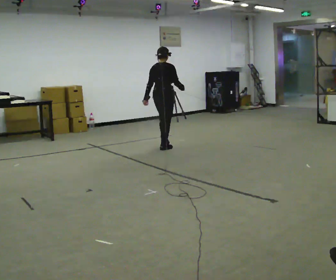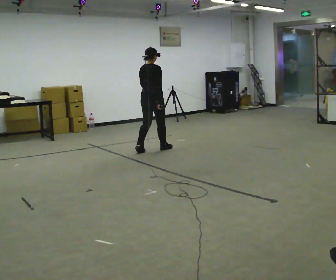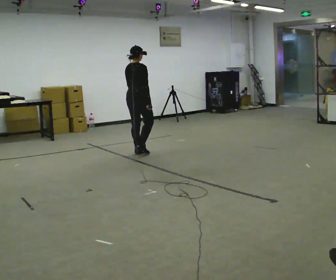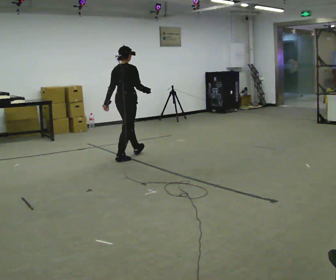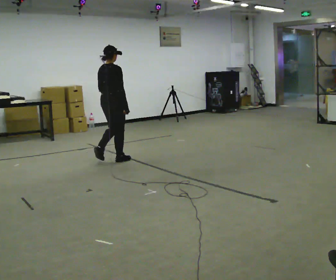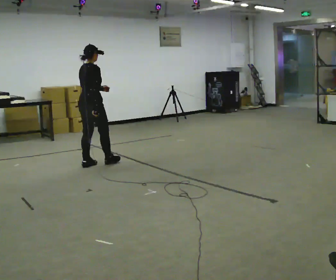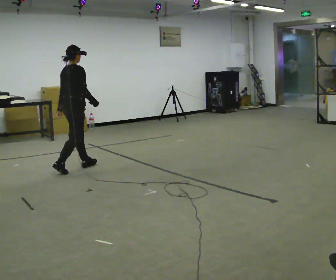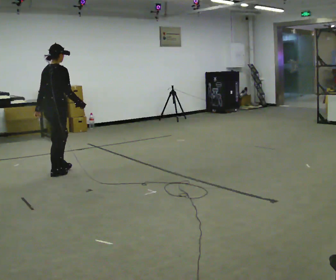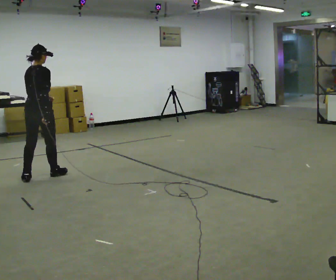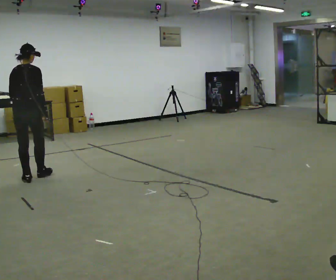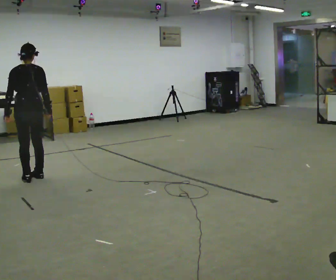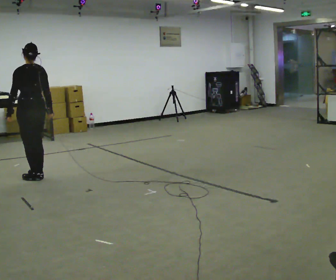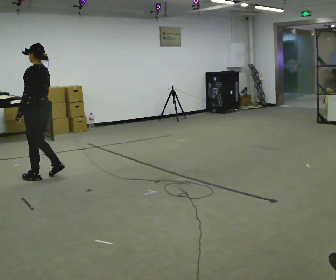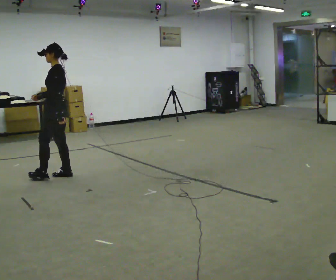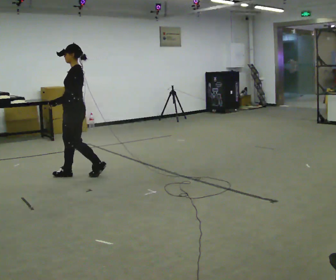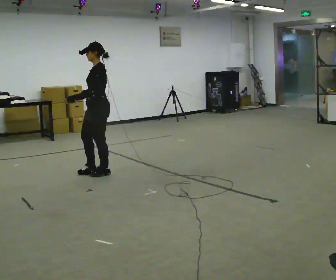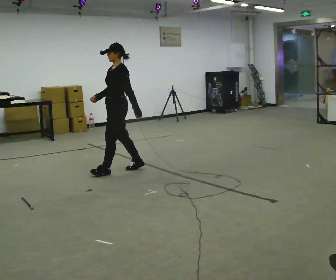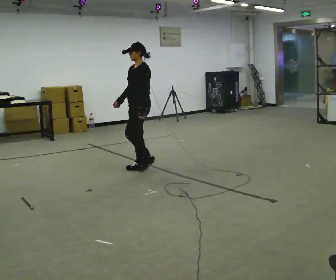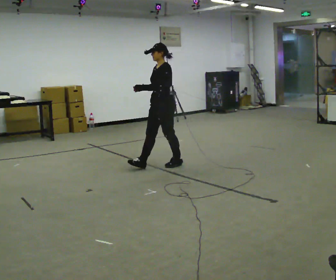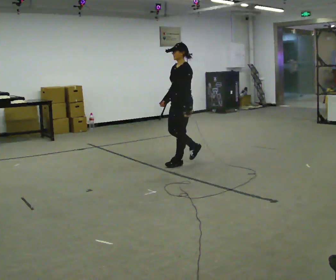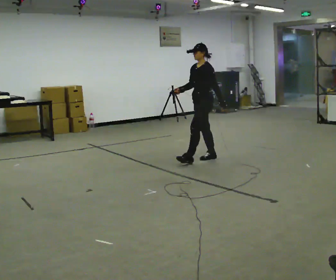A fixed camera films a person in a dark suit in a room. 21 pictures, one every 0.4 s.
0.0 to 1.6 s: In the picture they go to the left and toward the camera, about 1 m in 2 steps, which for them is backward.
1.6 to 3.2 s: In the picture they go to the left and toward the camera, about 1 m in 2 steps, which for them is backward.
3.2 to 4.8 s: Seen from above the body turns counterclockwise, about 105 degrees: to their left, with its near side sliding to the right. In the picture their left hand goes to the left, the arm swinging clockwise.
4.8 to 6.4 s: Seen from above the body turns counterclockwise, about 30 degrees: to their left, with its near side sliding to the right. In the picture they go to the right, about 1 m in 2 steps, which for them is backward.
6.4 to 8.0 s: In the picture they go to the right, about 1 m in 3 steps, which for them is backward.
The film runs backward here.
